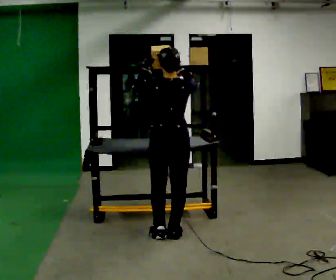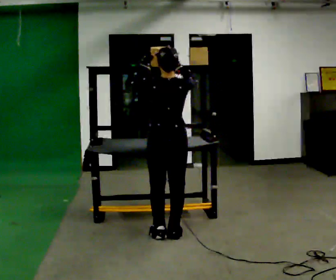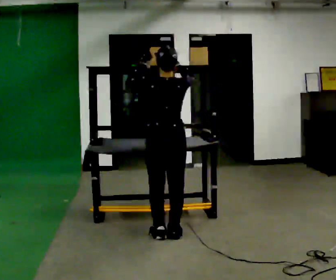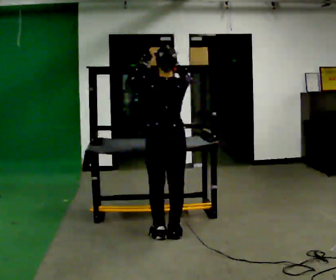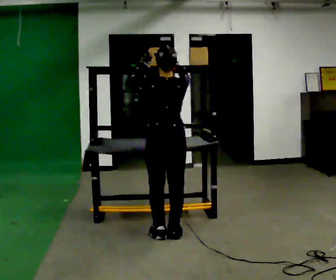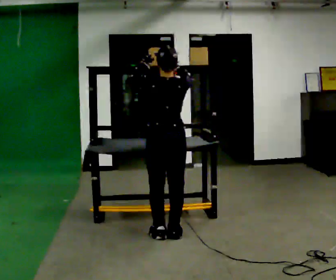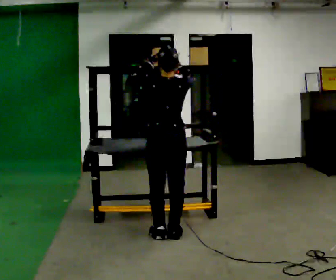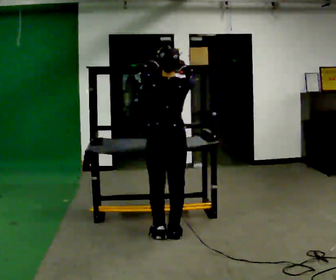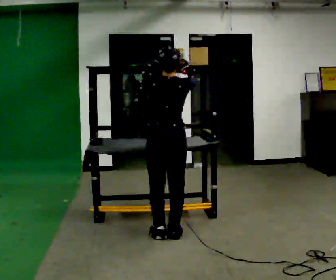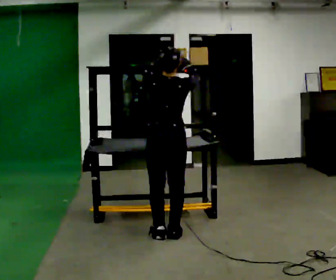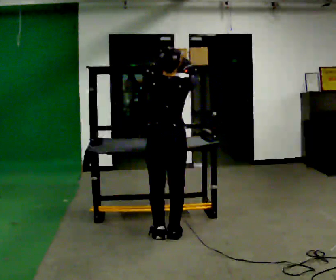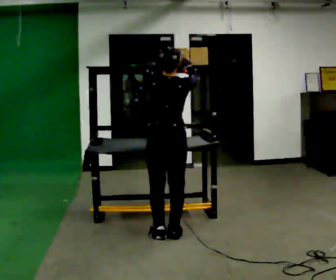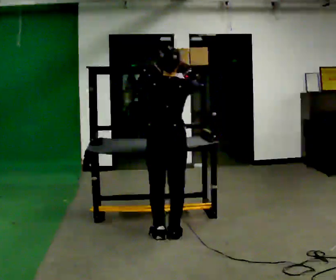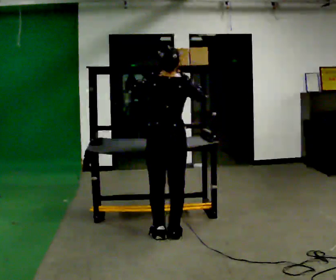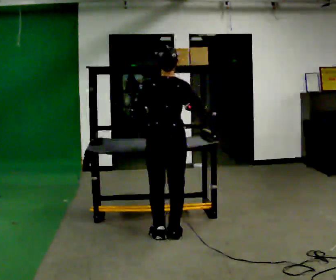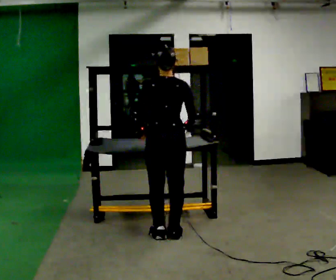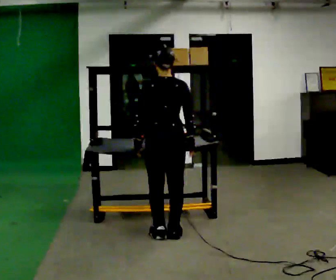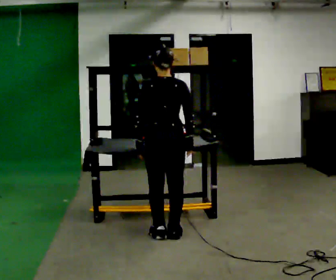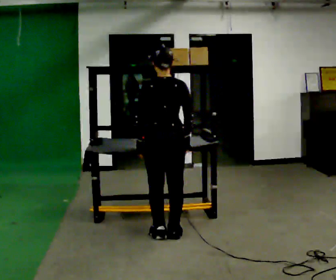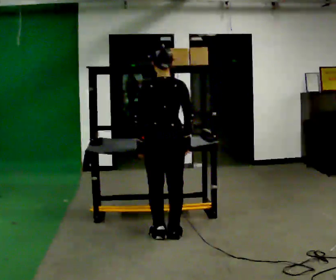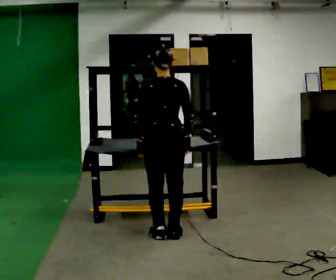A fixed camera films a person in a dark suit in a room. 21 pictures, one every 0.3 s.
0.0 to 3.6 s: The person moves a little, or ends about where they began.
3.6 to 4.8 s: In the picture their left hand goes downward.
4.8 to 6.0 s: The person moves a little, or ends about where they began.
The film runs forward here.
